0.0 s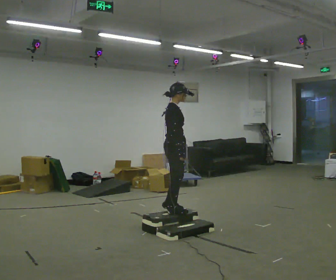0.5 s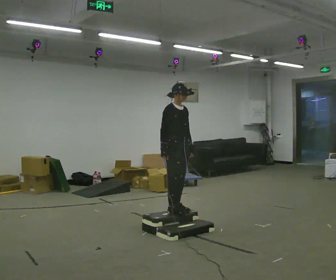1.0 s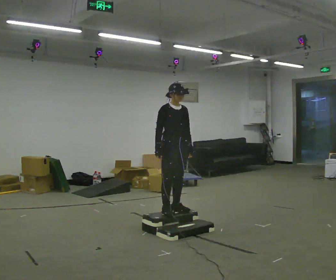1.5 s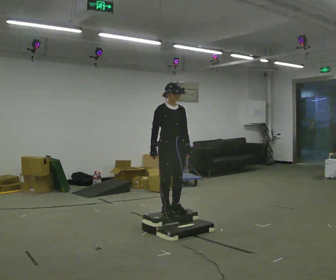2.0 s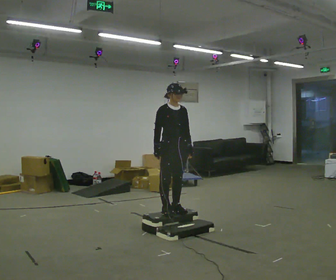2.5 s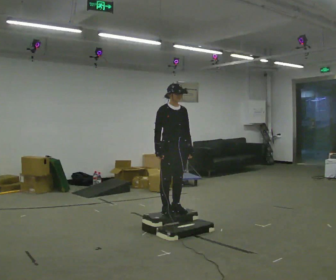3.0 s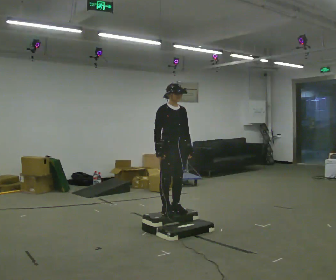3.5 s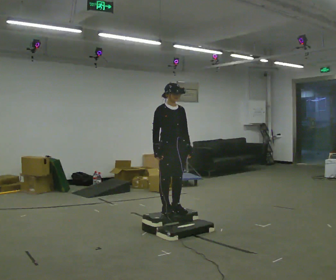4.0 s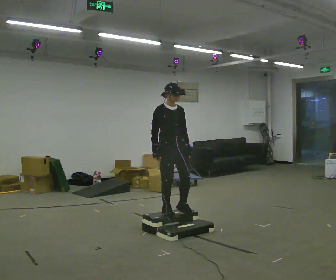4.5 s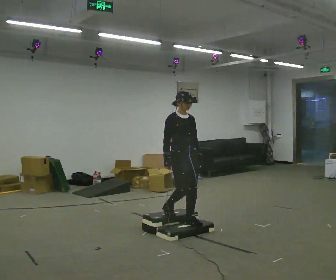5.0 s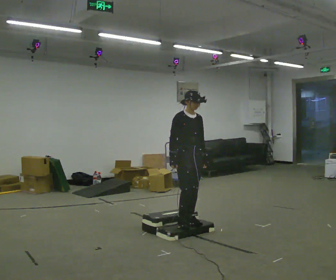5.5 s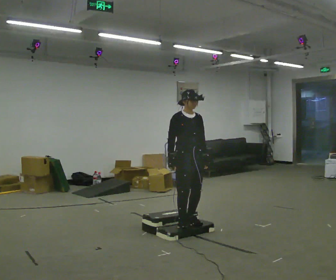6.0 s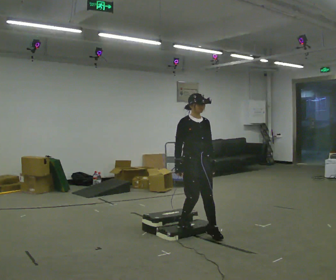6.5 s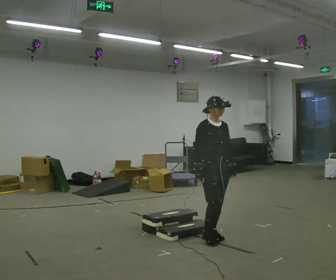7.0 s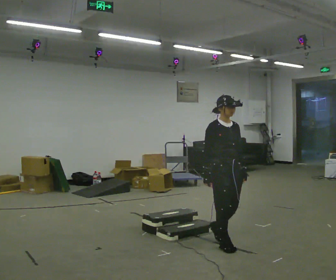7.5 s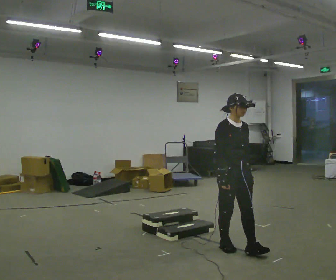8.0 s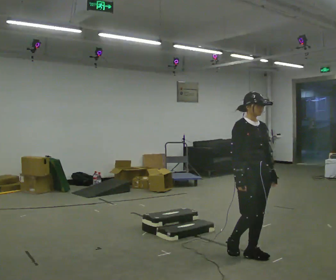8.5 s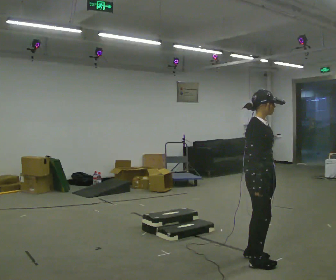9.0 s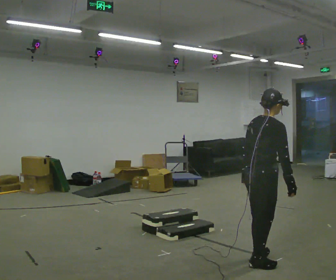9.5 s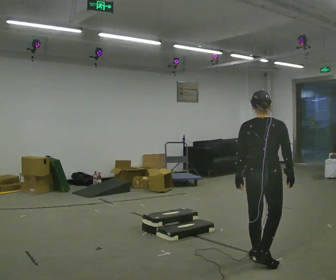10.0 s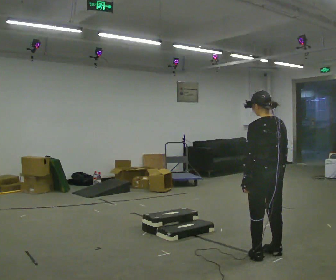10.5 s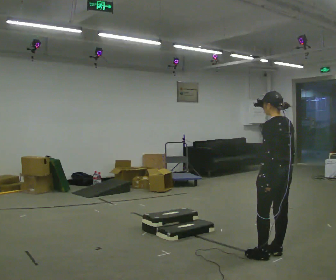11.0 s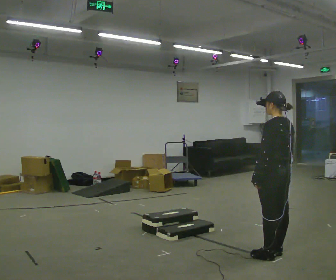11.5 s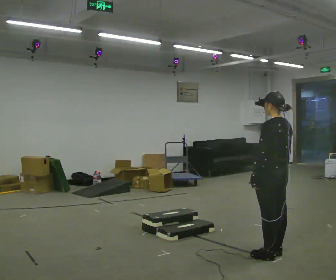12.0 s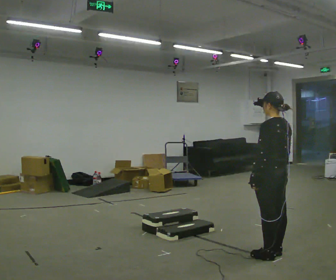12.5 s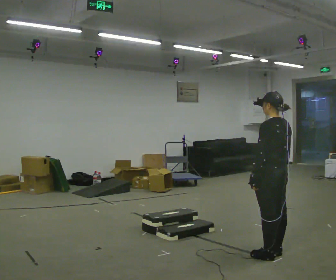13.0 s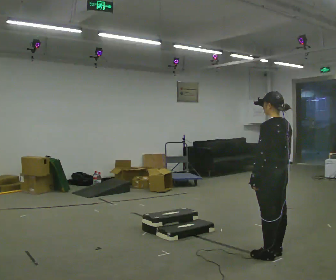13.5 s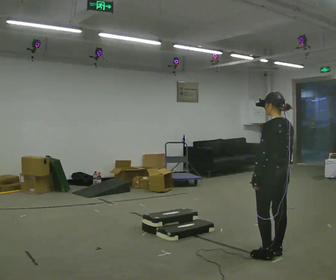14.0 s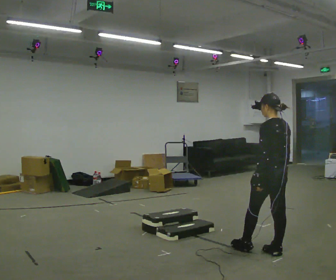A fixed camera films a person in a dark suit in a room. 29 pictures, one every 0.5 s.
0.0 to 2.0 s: The part of the body nearest the lens slides to the left as the person turns to their right by about 60 degrees.
2.0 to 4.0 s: The person moves a little, or ends about where they began.
4.0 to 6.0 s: In the picture they go to the right and toward the camera, about 0.5 m in 2 steps, which for them is forward.
6.0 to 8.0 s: In the picture they go toward the camera and to the right, about 1 m in 3 steps, which for them is forward.
8.0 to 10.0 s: The part of the body nearest the lens slides to the right as the person turns to their left by about 165 degrees. In the picture they go to the right, about 0.25 m in 3 steps. In the picture their right hand goes to the right.
10.0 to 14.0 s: The person moves a little, or ends about where they began.
The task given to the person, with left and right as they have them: Walk up the three steps, turn at the top, and walk back down at a comfortable speed. Use the handrail only if you need it.
The film runs forward here.
